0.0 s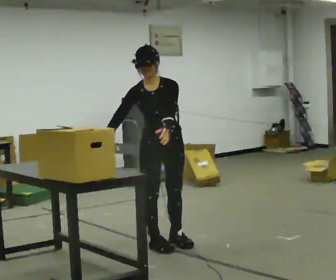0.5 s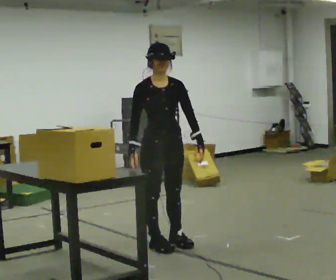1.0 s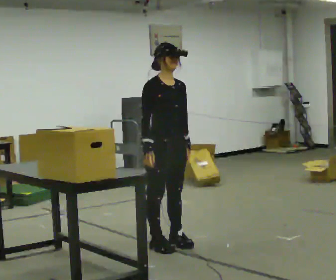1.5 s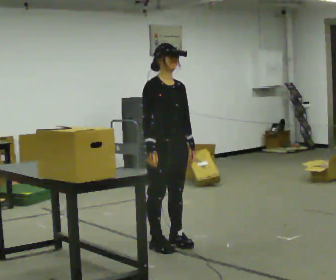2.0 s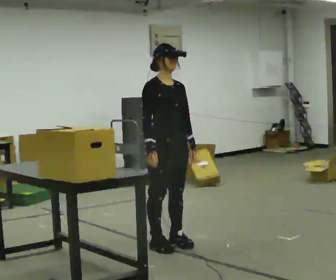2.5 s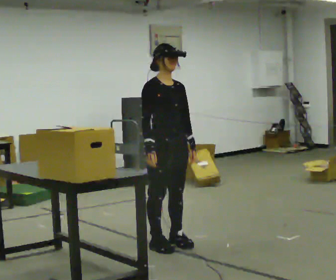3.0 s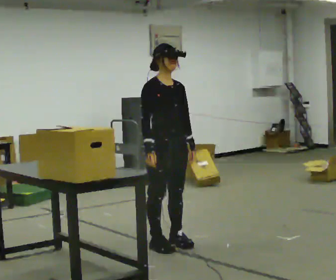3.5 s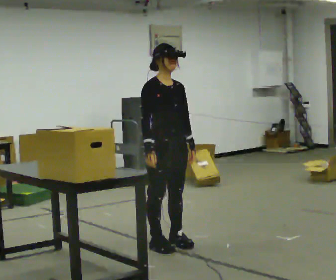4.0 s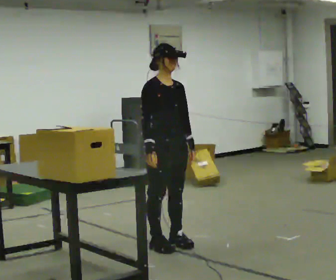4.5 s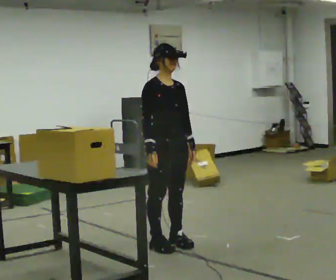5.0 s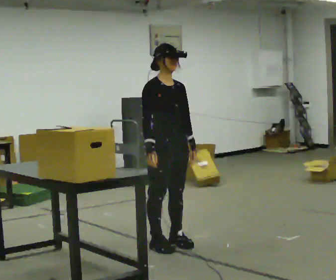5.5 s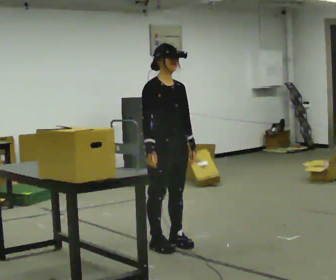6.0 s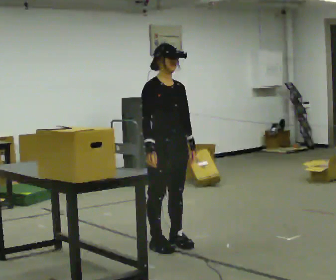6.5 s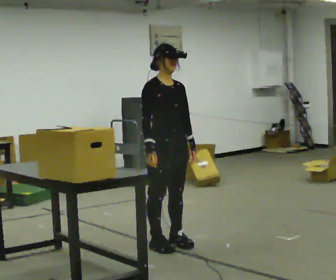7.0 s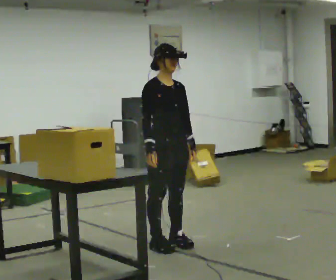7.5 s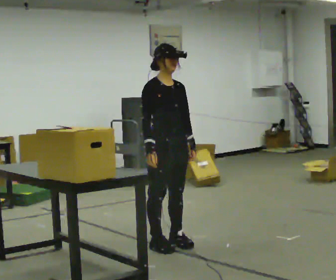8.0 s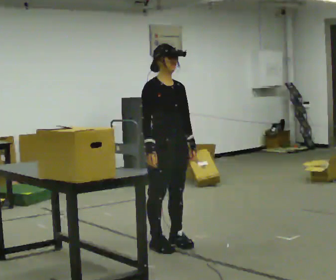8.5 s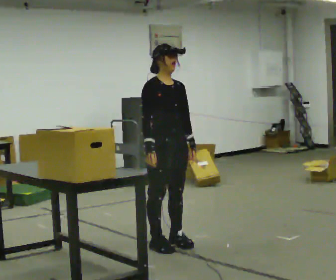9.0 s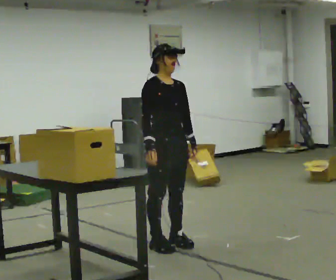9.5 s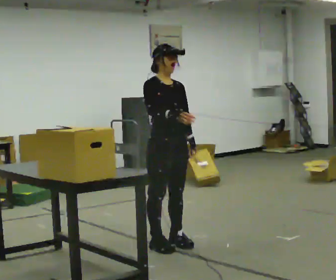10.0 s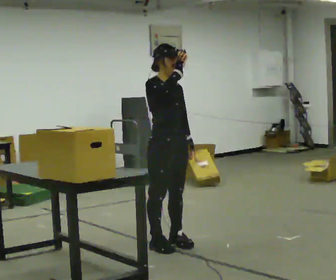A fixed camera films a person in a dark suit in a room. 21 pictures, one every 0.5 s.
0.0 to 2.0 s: The person turns about 30 degrees to their left, counterclockwise seen from above, so the part of the body nearest the lens slides to the right. The upper body tips away from the camera, its near side rolling upward, as they lean back or straighten.
2.0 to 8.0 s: The person keeps their place and pose.
8.0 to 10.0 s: In the picture their right hand goes upward.
The film runs forward here.
